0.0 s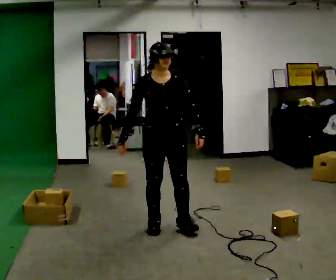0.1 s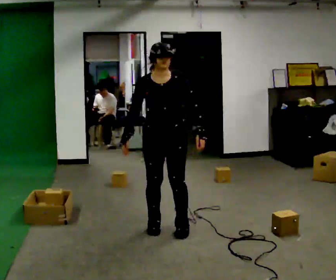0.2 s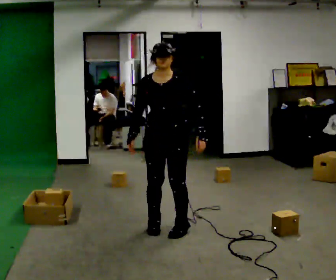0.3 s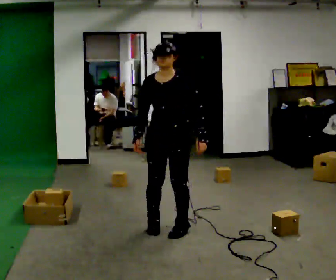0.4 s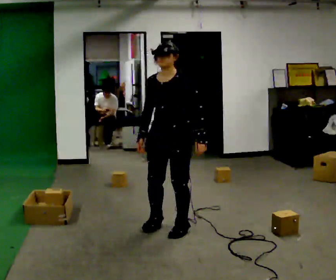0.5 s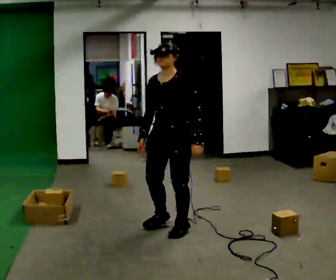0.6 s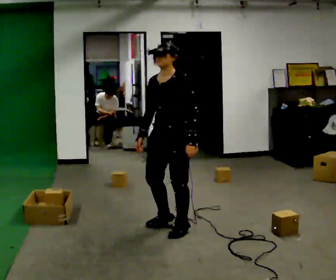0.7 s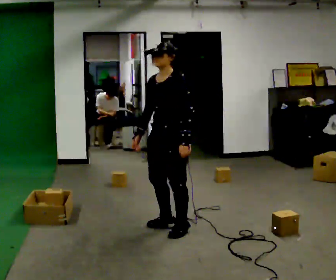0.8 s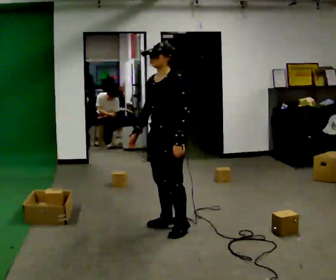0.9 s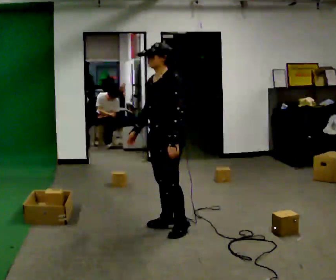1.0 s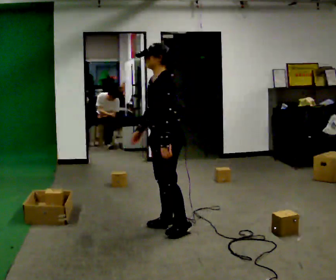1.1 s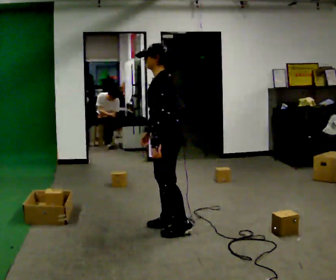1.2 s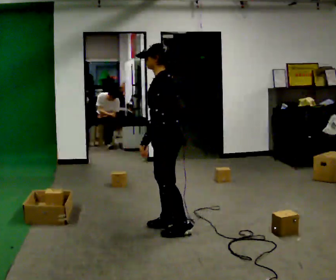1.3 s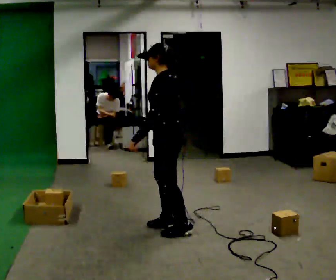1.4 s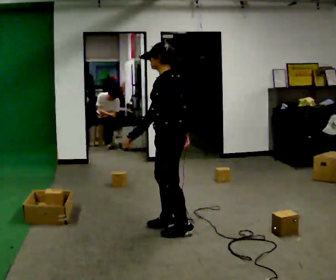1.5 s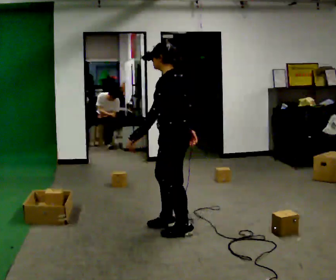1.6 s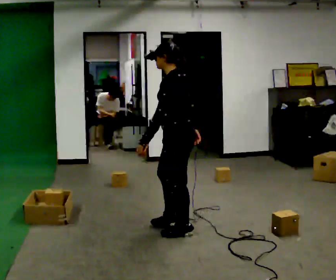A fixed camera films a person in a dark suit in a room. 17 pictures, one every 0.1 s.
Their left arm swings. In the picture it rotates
clockwise.
The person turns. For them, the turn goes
to their right.
0.0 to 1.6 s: Seen from above the body turns clockwise, about 120 degrees: to their right, with its near side sliding to the left. In the picture their left hand goes to the left, the arm swinging clockwise.
The film runs backward here.
